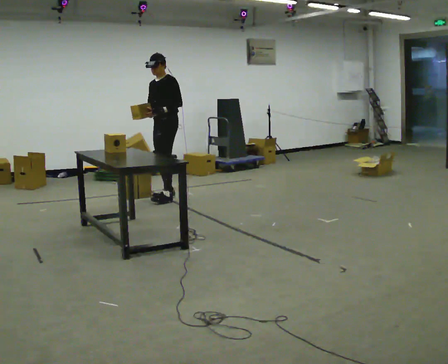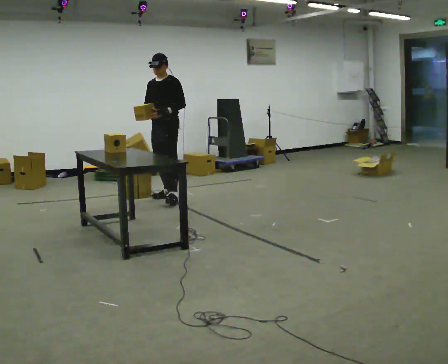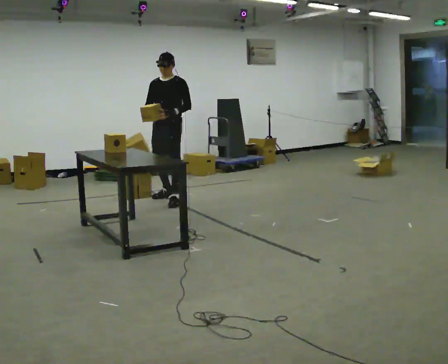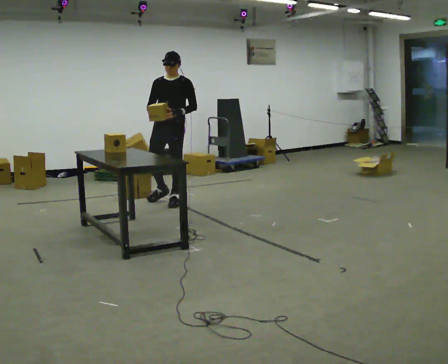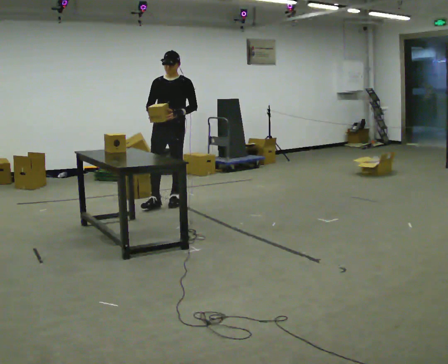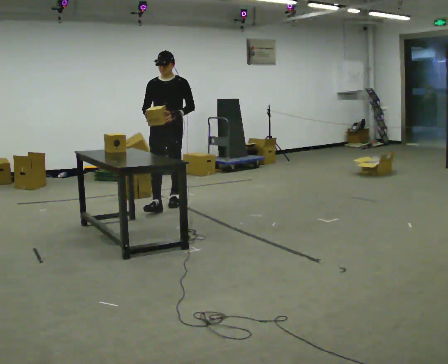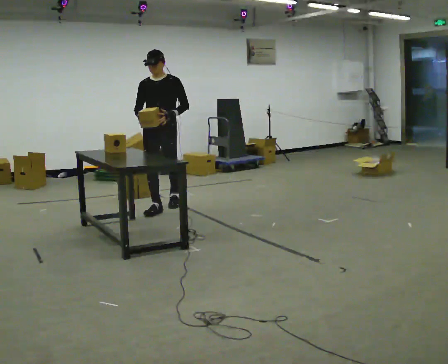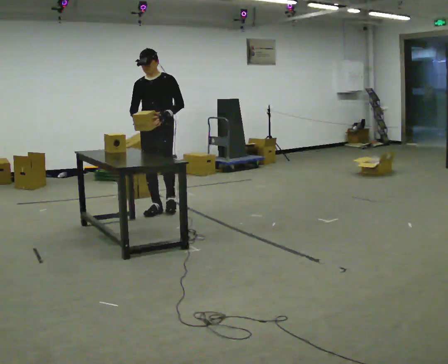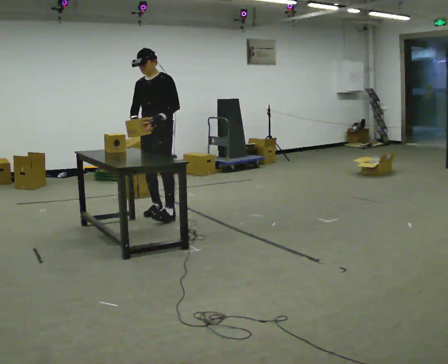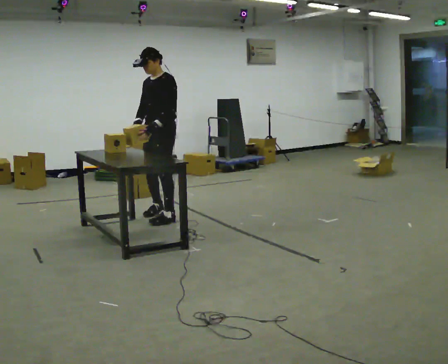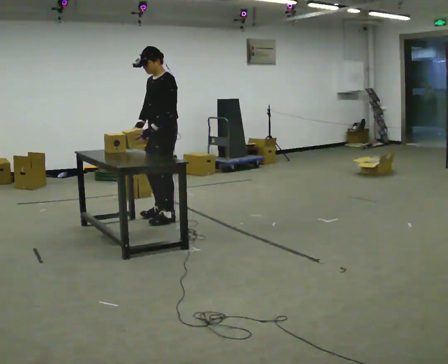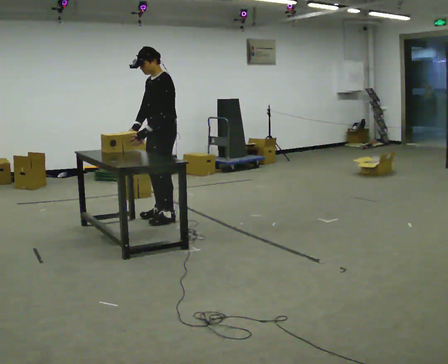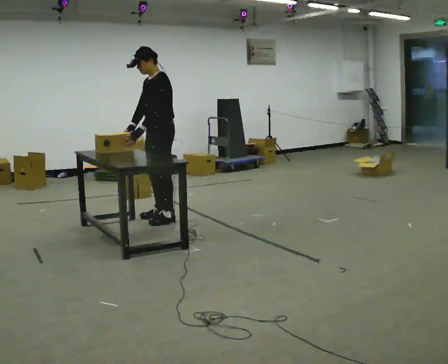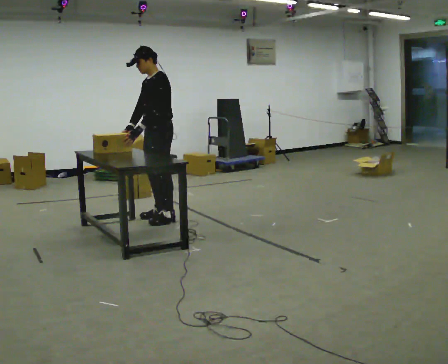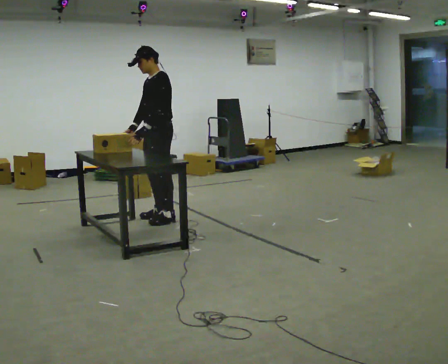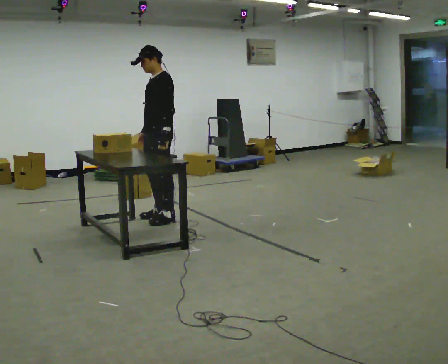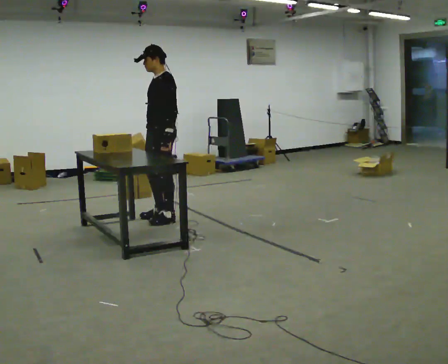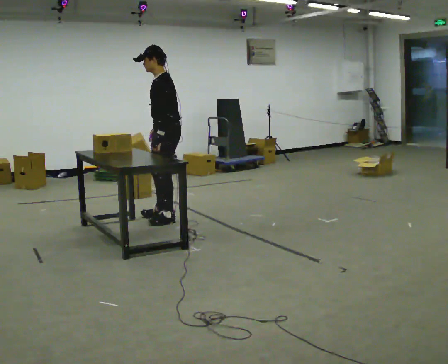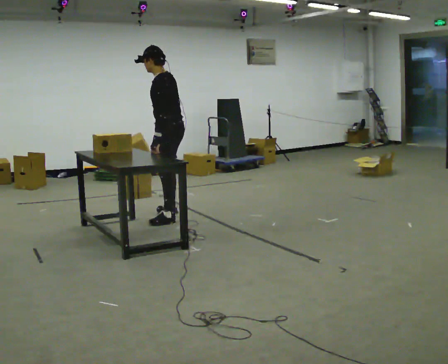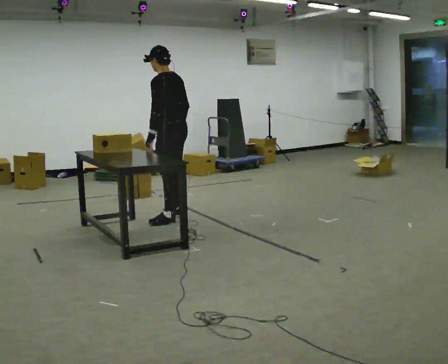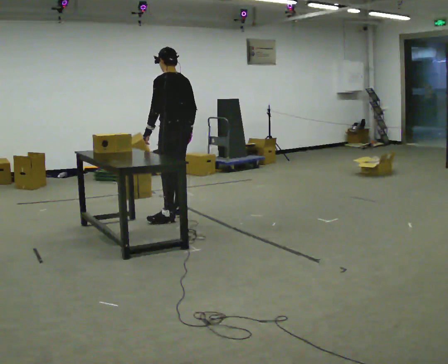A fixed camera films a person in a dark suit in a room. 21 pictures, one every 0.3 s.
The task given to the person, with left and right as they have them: Pick up the next box in the row and carry it to the table. The operator will not tell you how heavy each one is. Keep going until the operator says stop; one object at a time, and do not rush between trips.
0.0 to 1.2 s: The person turns about 45 degrees to their left, counterclockwise seen from above, so the part of the body nearest the lens slides to the right. In the picture they go toward the camera, about 0.25 m, which for them is forward and to their left.
1.2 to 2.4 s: In the picture they go toward the camera, about 0.5 m in 1 step, which for them is forward.
2.4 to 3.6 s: The person turns about 30 degrees to their right, clockwise seen from above, so the part of the body nearest the lens slides to the left. In the picture they go toward the camera, about 0.25 m in 2 steps, which for them is to their left.
3.6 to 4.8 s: The person moves a little, or ends about where they began.
4.8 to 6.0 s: The part of the body nearest the lens slides to the left as the person turns to their right by about 60 degrees. In the picture they go away from the camera, about 0.25 m, which for them is to their right.
The film runs forward here.
